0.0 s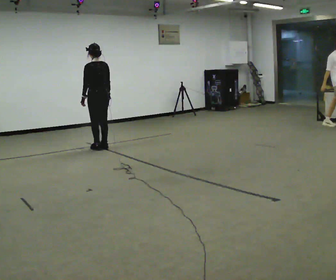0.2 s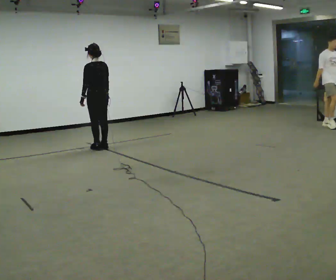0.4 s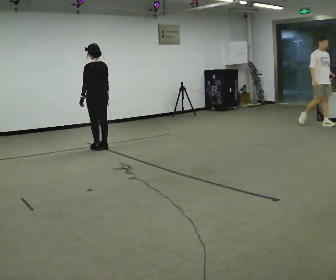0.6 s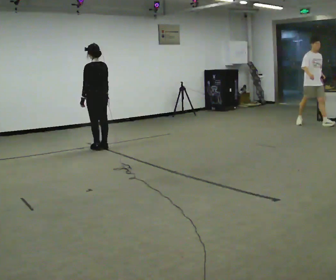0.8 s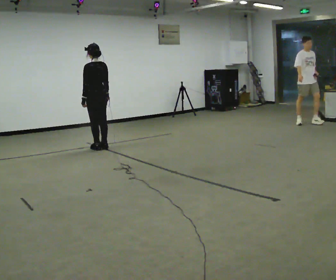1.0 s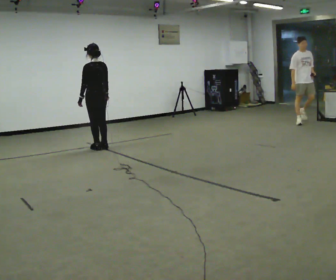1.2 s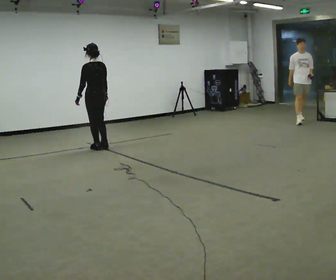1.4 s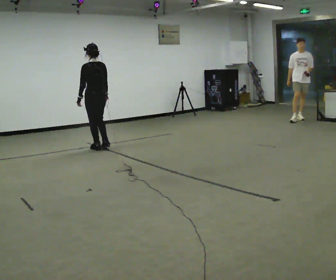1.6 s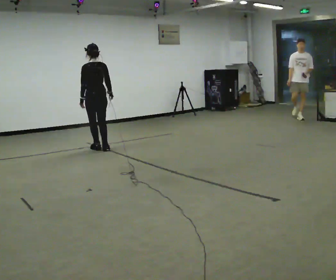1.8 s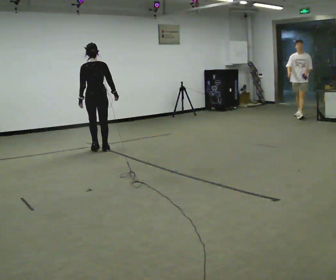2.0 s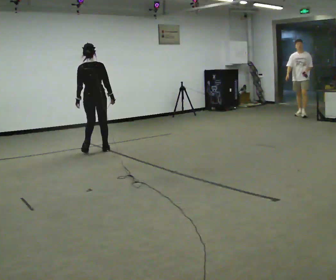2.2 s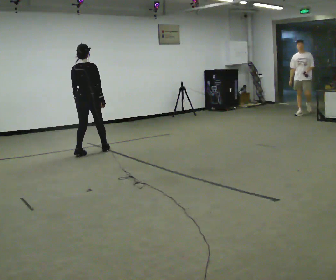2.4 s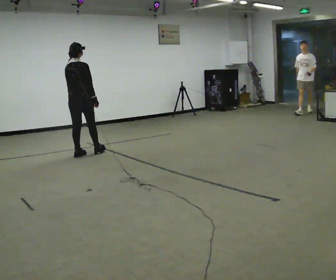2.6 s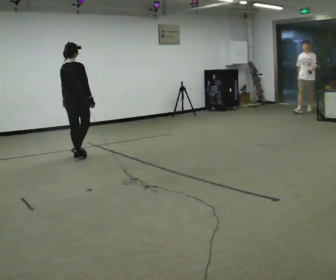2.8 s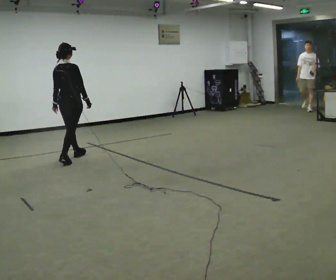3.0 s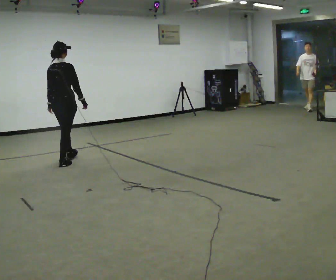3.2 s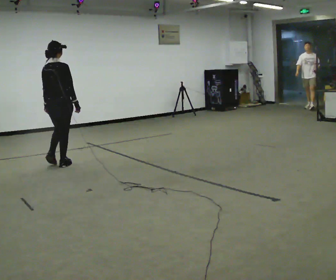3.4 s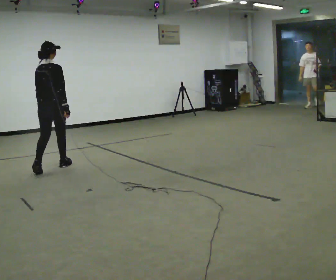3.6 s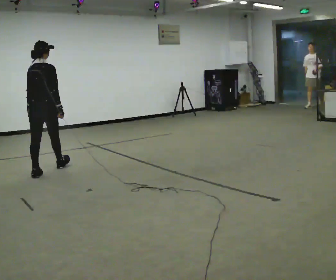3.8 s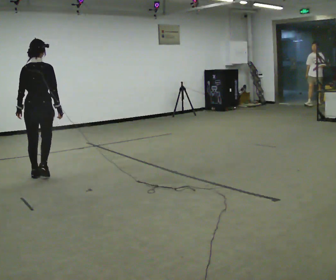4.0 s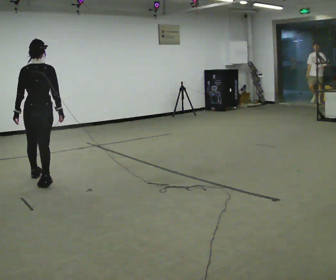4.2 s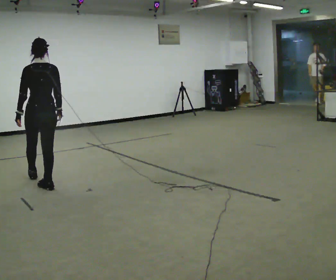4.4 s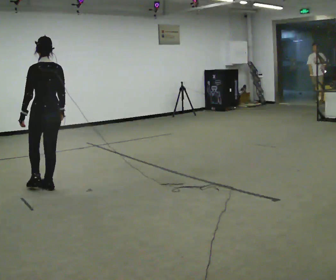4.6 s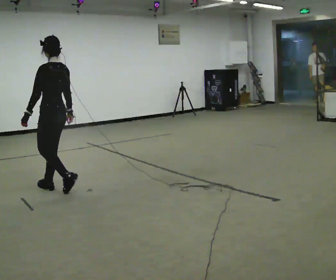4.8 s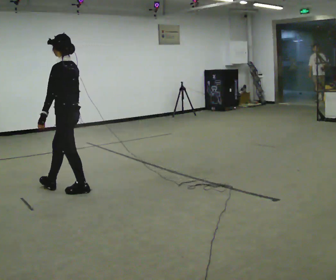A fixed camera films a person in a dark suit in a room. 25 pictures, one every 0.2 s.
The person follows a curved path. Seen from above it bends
counterclockwise.
The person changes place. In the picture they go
toward the camera.
0.0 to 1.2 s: The person moves a little, or ends about where they began.
1.2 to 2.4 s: The part of the body nearest the lens slides to the left as the person turns to their right by about 60 degrees. In the picture they go toward the camera and to the left, about 0.5 m in 3 steps, which for them is backward and to their left.
2.4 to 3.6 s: In the picture they go toward the camera and to the left, about 1 m in 2 steps, which for them is backward.
3.6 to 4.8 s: Seen from above the body turns counterclockwise, about 90 degrees: to their left, with its near side sliding to the right. In the picture they go toward the camera and to the right, about 1 m in 2 steps.
The film runs backward here.
